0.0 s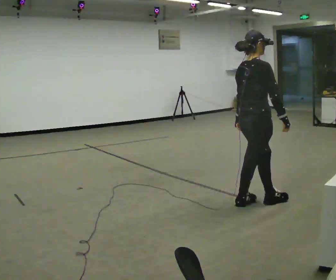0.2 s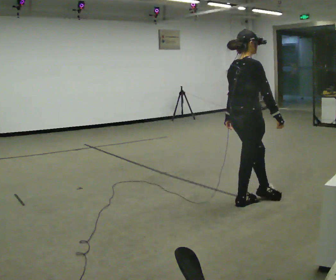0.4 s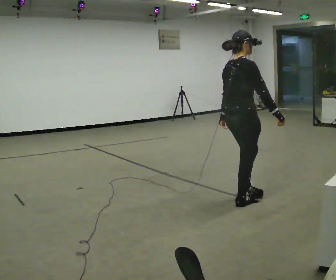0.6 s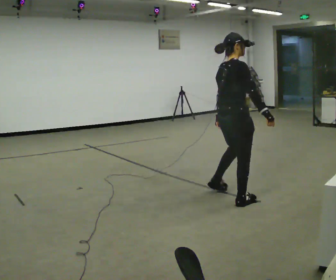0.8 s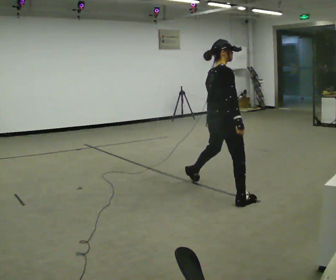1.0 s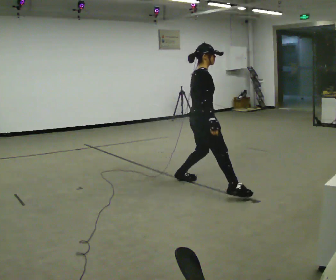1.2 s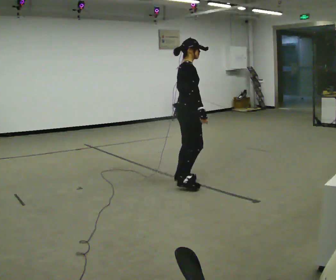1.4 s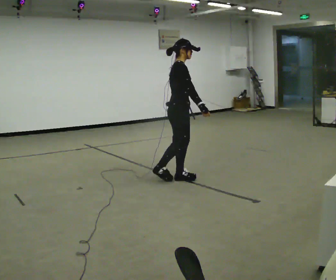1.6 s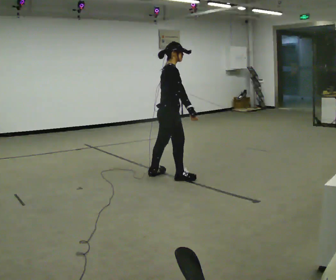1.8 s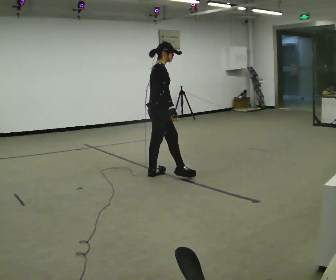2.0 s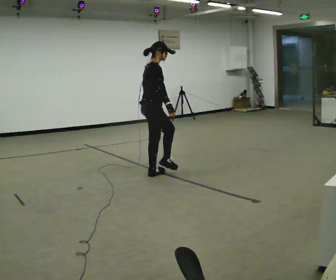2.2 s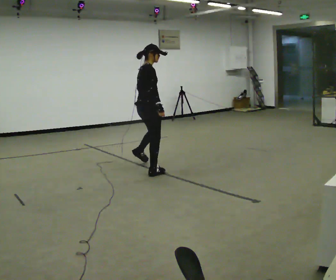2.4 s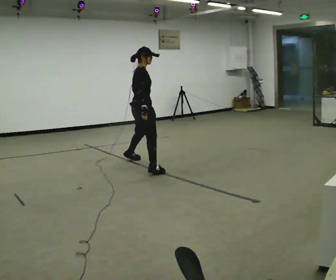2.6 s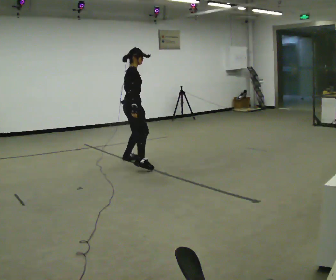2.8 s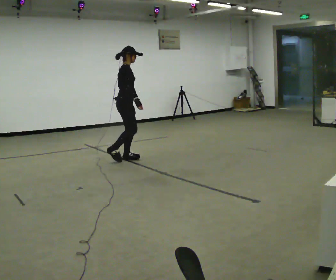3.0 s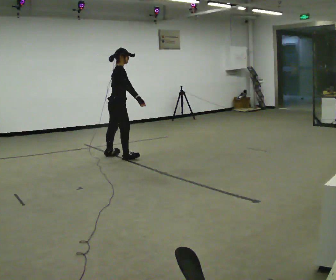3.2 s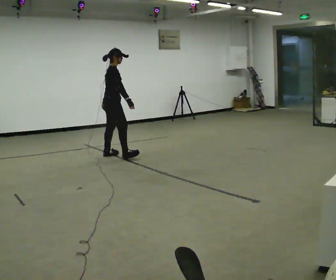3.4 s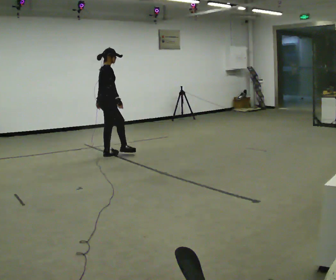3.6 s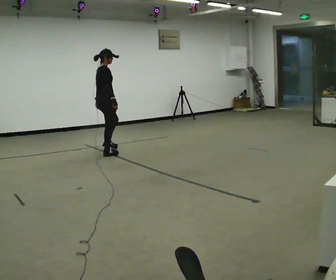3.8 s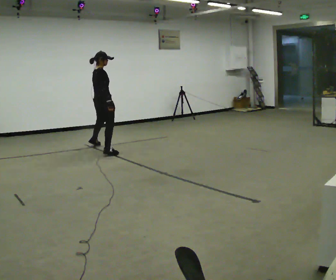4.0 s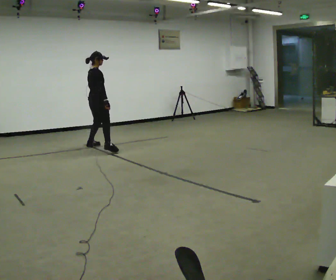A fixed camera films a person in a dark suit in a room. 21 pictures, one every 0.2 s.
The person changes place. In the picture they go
away from the camera.
0.0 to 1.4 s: Seen from above the body turns clockwise, about 30 degrees: to their right, with its near side sliding to the left. In the picture they go away from the camera and to the left, about 1 m in 2 steps, which for them is to their left.
1.4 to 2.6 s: In the picture they go away from the camera and to the left, about 1 m in 2 steps, which for them is to their left and backward.
2.6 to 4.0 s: The person turns about 30 degrees to their left, counterclockwise seen from above, so the part of the body nearest the lens slides to the right. In the picture they go away from the camera and to the left, about 1 m in 2 steps, which for them is to their left and backward.
The film runs backward here.
